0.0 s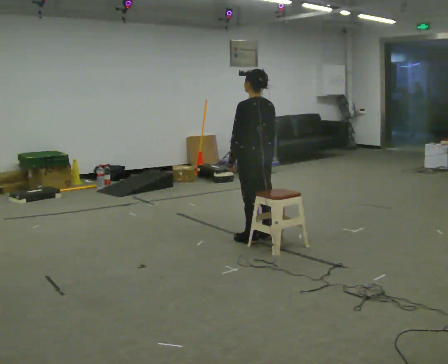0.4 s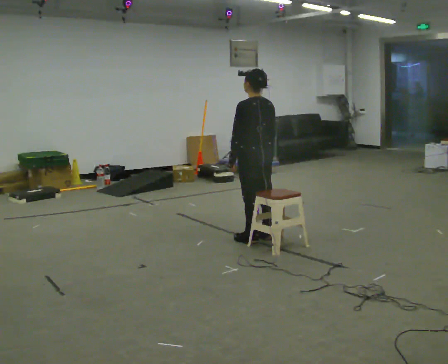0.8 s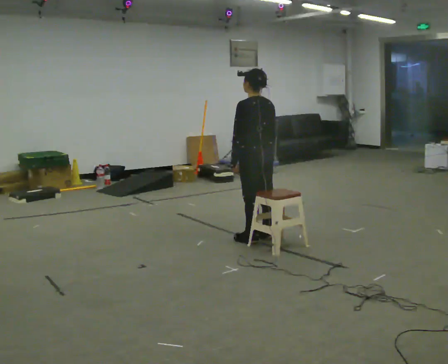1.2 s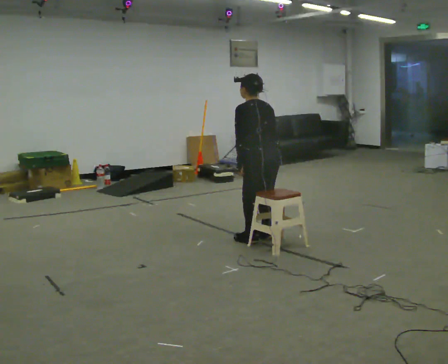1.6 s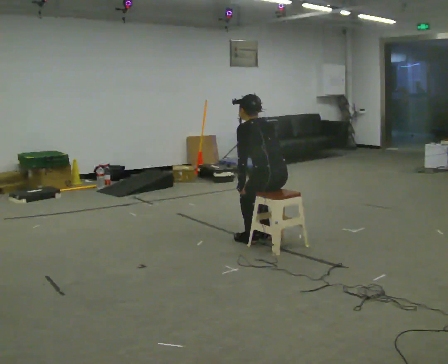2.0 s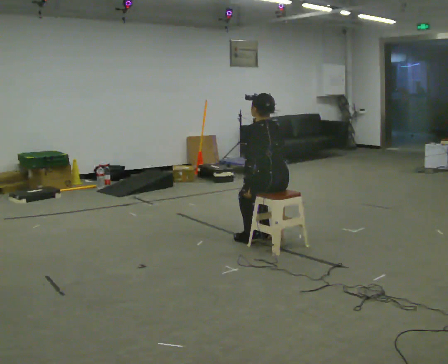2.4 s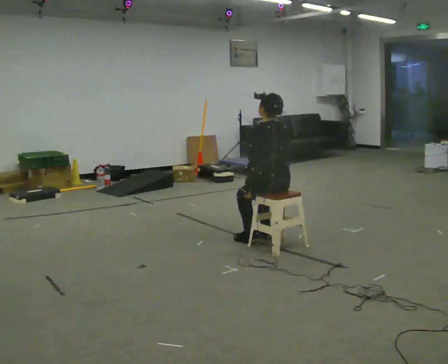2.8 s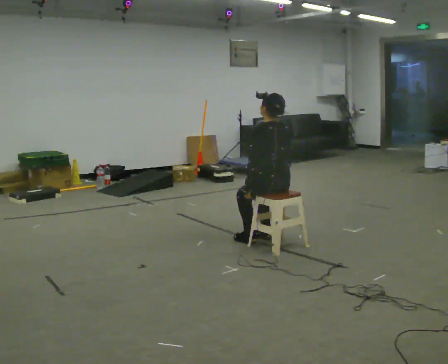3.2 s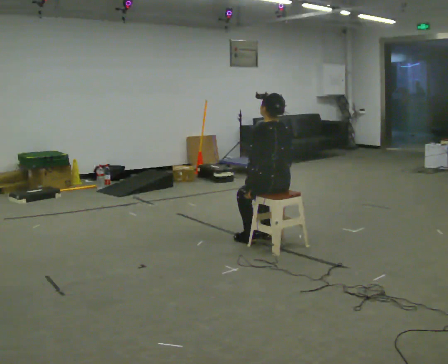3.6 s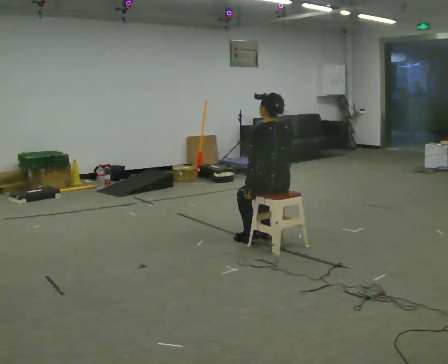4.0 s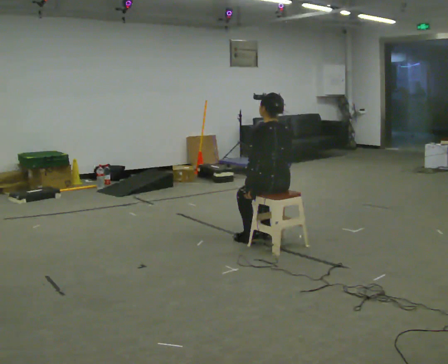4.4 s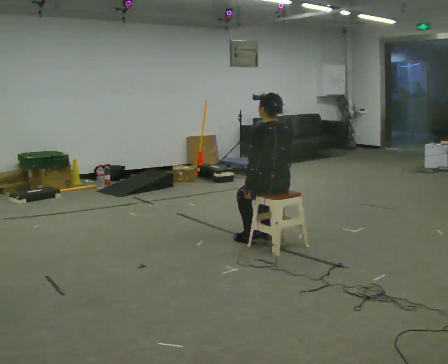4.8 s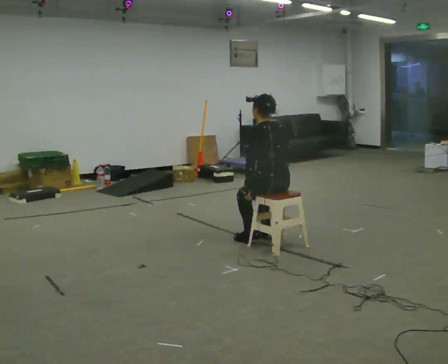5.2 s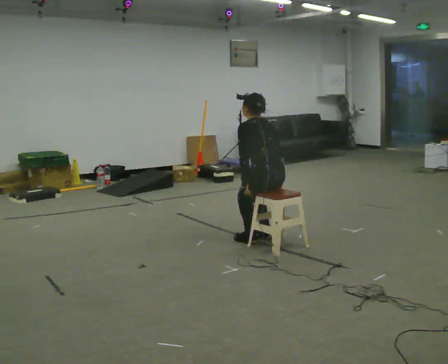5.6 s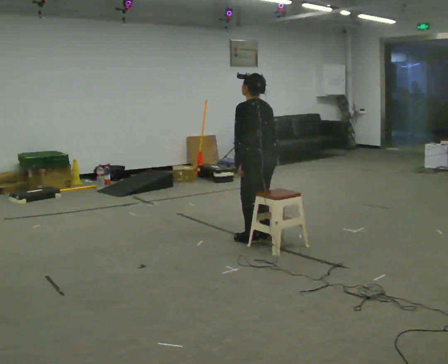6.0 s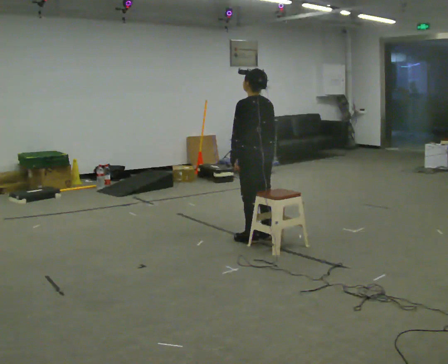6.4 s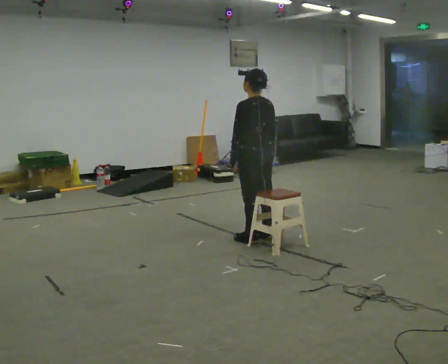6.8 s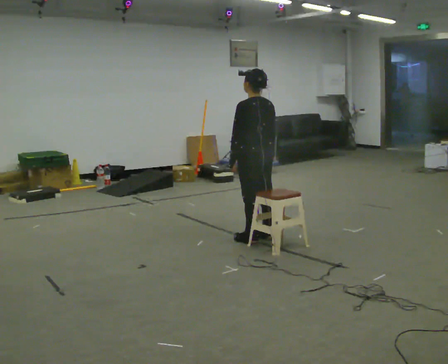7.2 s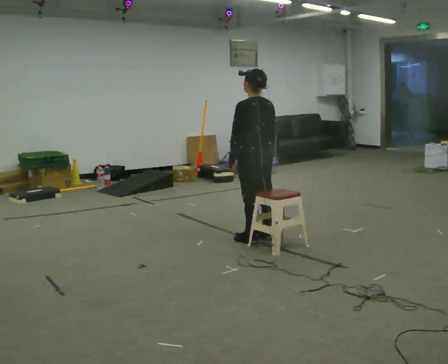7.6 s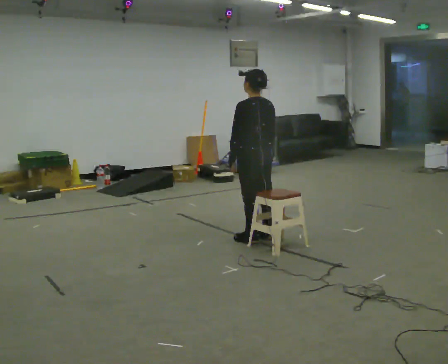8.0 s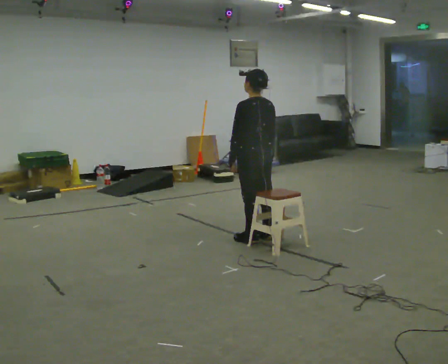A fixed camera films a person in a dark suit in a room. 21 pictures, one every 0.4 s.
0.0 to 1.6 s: In the picture they go toward the camera, about 0.25 m, which for them is backward. The shoulders move downward. The upper body tips away from the camera, its near side rolling upward, as they bend forward.
1.6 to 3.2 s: The upper body tips toward the camera, its near side rolling downward, as they lean back or straighten.
3.2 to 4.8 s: The person moves a little, or ends about where they began.
4.8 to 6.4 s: In the picture they go away from the camera, about 0.25 m, which for them is forward. The shoulders move upward.
6.4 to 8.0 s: The person keeps their place and pose.
The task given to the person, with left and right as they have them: Sit on the chair, stand up, then sit back down. Repeat the movement at your own pace until the operator says stop; do not rush.
The film runs forward here.
